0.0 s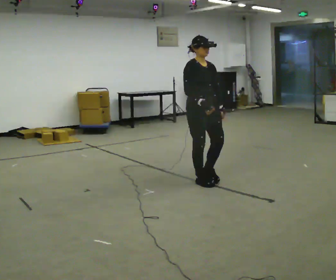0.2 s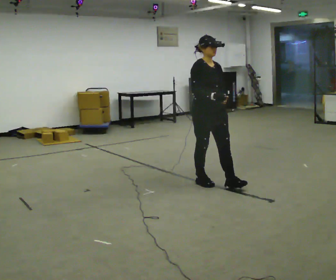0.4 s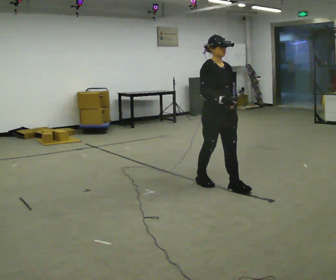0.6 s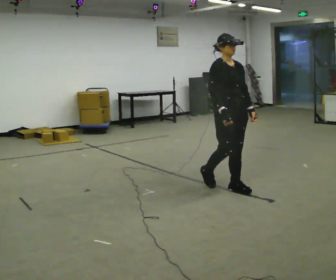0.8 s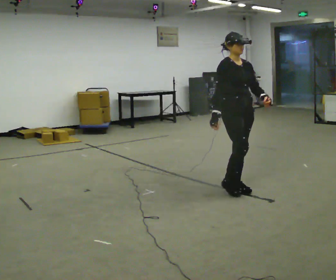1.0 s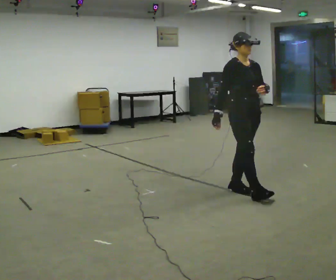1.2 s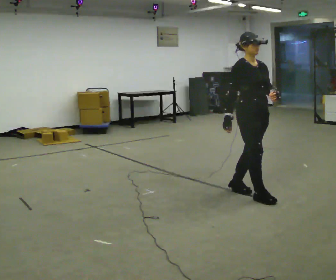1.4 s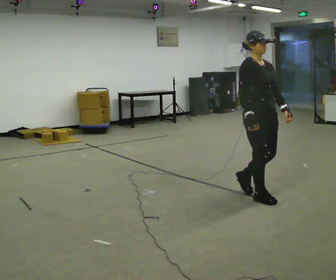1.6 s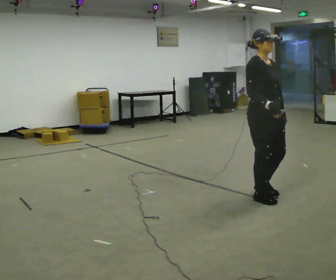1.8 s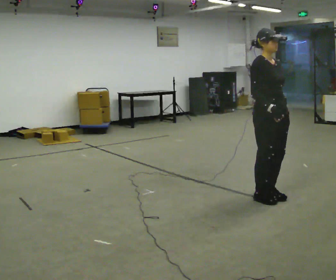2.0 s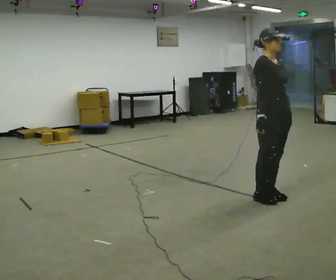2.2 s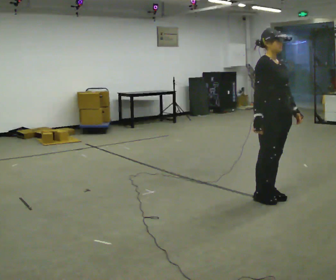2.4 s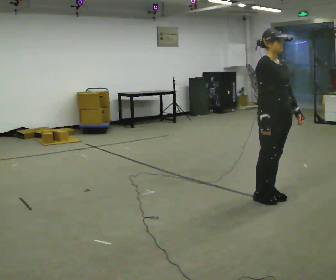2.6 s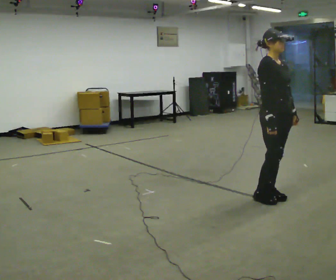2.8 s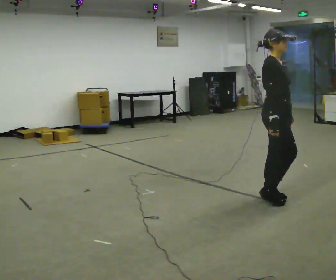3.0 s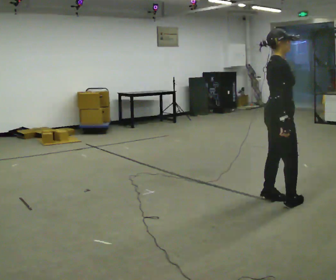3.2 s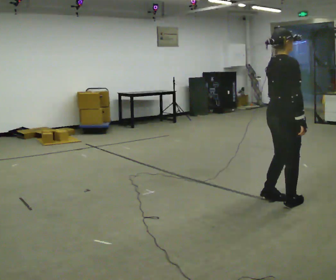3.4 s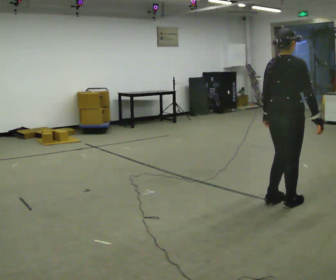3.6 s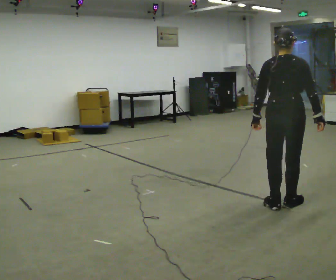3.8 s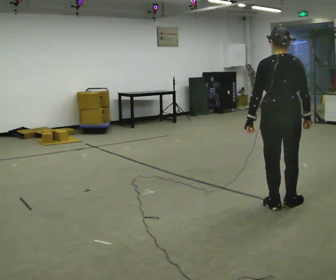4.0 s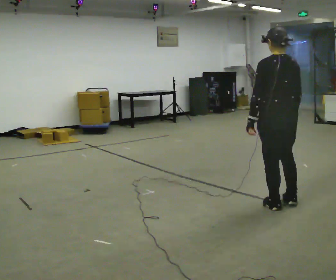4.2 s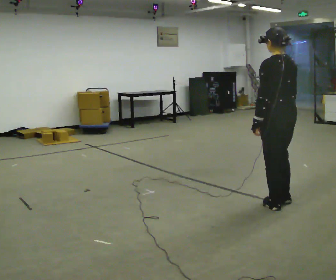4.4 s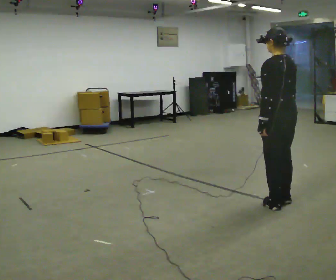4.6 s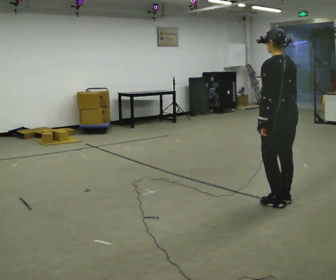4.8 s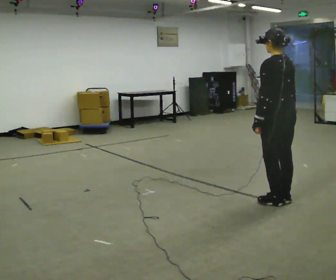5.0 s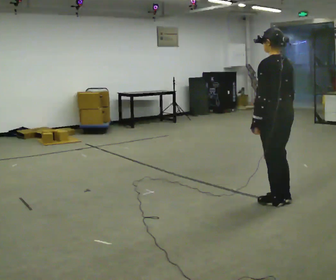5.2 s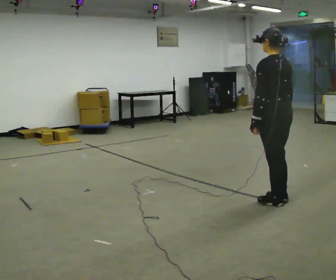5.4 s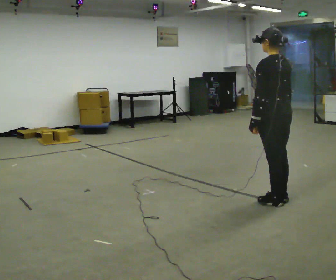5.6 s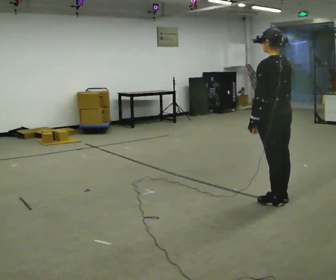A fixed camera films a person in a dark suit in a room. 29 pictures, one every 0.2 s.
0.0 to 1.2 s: In the picture they go to the right and toward the camera, about 0.75 m in 2 steps, which for them is forward.
1.2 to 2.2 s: In the picture they go to the right, about 0.25 m in 1 step, which for them is forward.
2.2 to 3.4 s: The person turns about 90 degrees to their left, counterclockwise seen from above, so the part of the body nearest the lens slides to the right. In the picture they go toward the camera, about 0.25 m in 1 step. In the picture their left hand goes to the left, the arm swinging clockwise.
3.4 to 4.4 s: The part of the body nearest the lens slides to the right as the person turns to their left by about 75 degrees.
4.4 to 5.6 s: The person moves a little, or ends about where they began.
The film runs forward here.
